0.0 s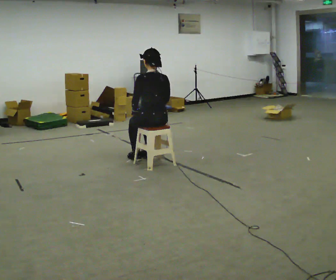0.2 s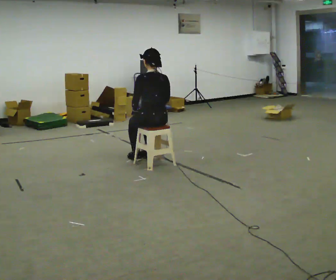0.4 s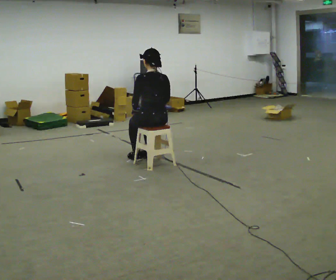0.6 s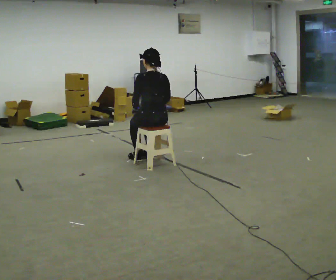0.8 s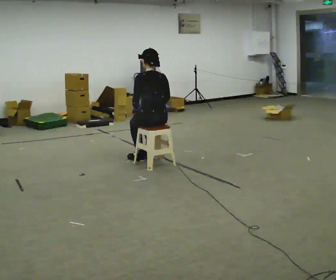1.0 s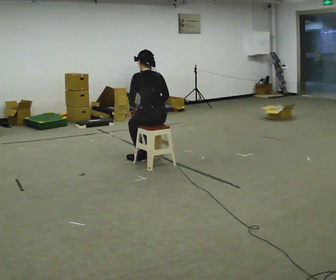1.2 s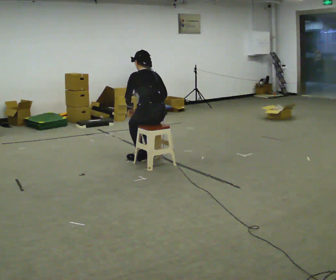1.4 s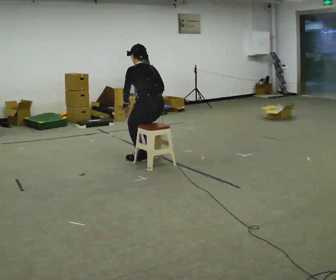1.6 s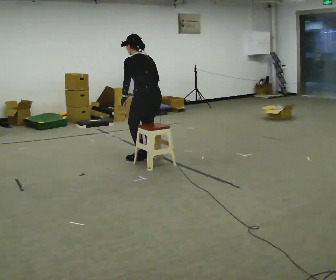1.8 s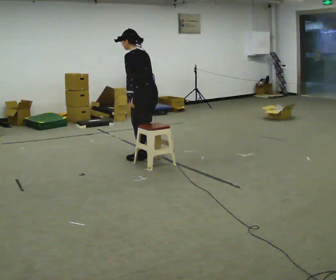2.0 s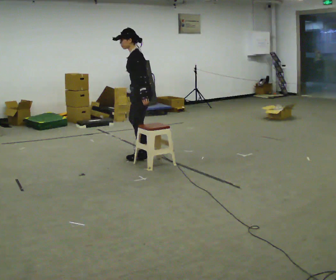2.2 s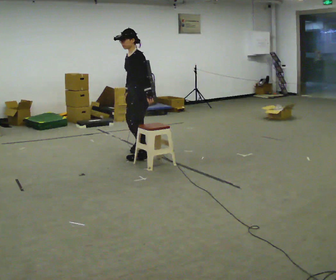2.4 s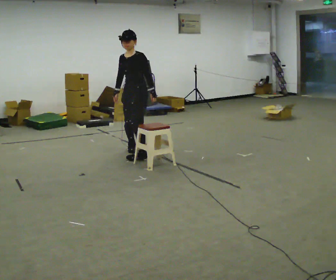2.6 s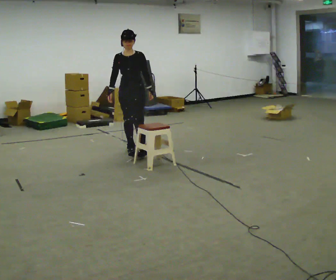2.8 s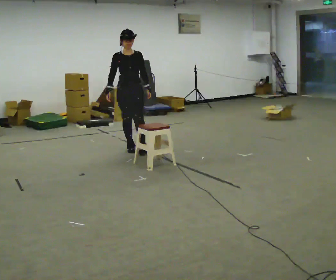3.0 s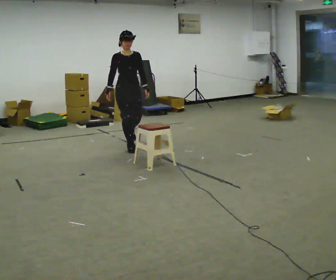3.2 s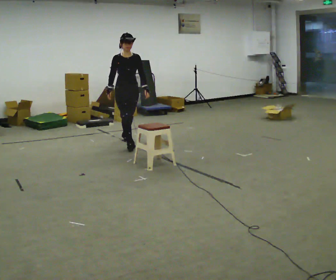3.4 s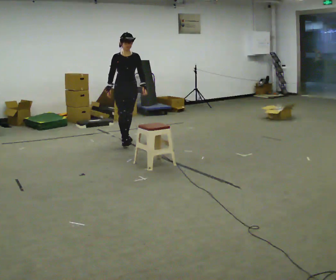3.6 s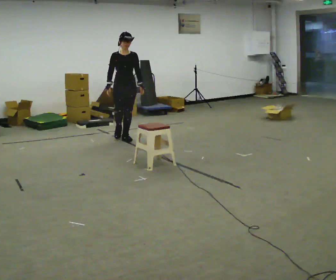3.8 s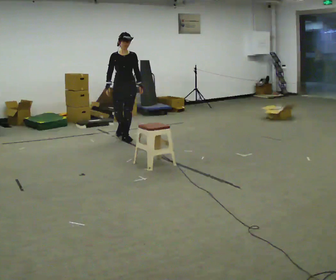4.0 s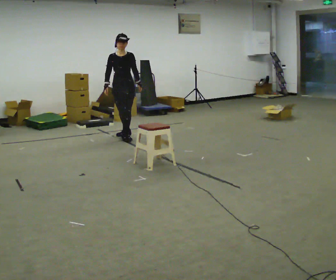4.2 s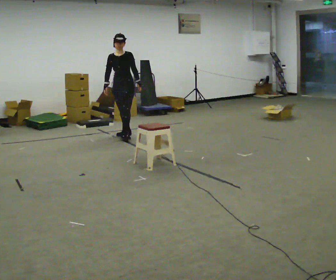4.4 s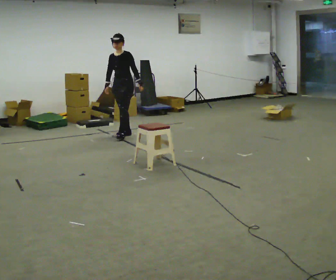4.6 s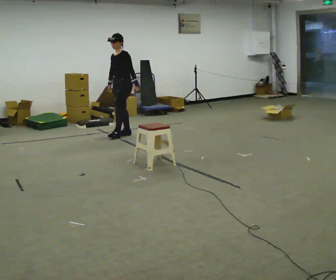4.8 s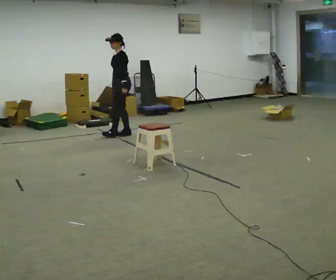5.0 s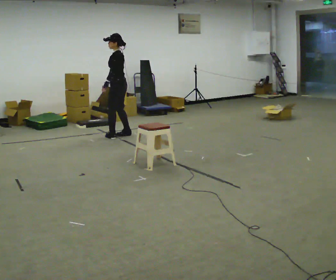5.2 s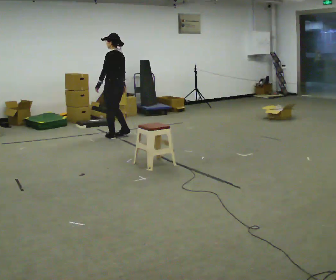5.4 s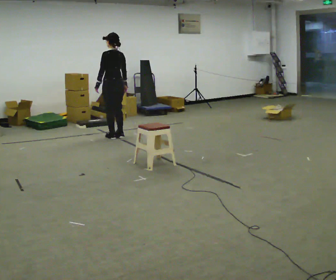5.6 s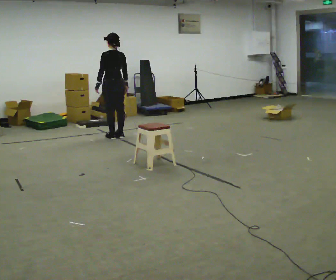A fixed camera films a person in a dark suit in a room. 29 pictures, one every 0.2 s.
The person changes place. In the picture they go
away from the camera.
0.0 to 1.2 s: The upper body tips away from the camera, its near side rolling upward, as they bend forward.
1.2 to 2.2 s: Seen from above the body turns counterclockwise, about 75 degrees: to their left, with its near side sliding to the right. In the picture they go away from the camera, about 0.25 m in 1 step. The shoulders move upward. The upper body tips toward the camera, its near side rolling downward, as they lean back or straighten.
2.2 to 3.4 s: The part of the body nearest the lens slides to the right as the person turns to their left by about 90 degrees. In the picture they go away from the camera, about 1 m in 2 steps. In the picture the upper body tilts clockwise, shoulders to the right.
3.4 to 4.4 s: Seen from above the body turns clockwise, about 45 degrees: to their right, with its near side sliding to the left. In the picture they go away from the camera, about 0.5 m in 1 step, which for them is backward.
4.4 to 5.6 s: The part of the body nearest the lens slides to the left as the person turns to their right by about 120 degrees. In the picture their left hand goes to the left, the arm swinging clockwise.
The film runs backward here.
